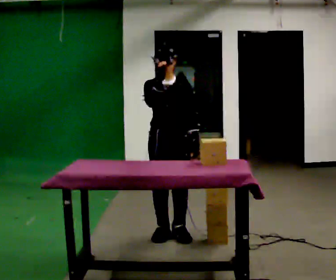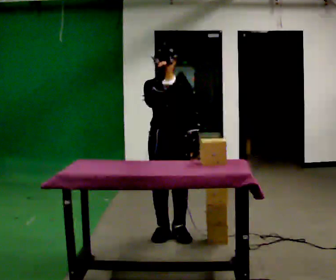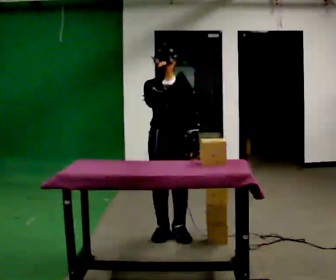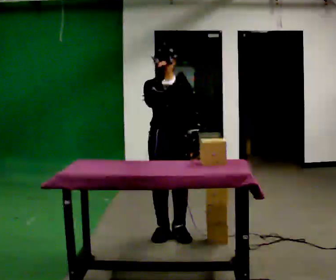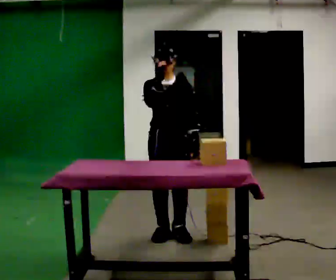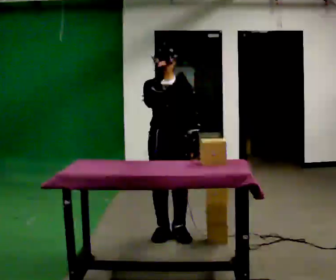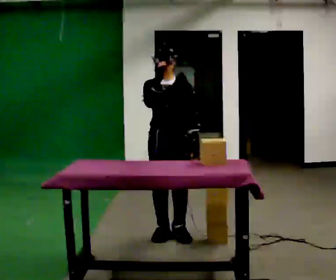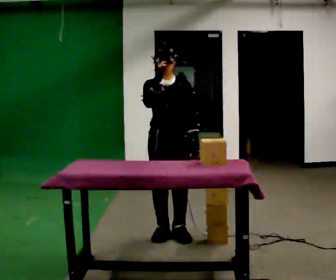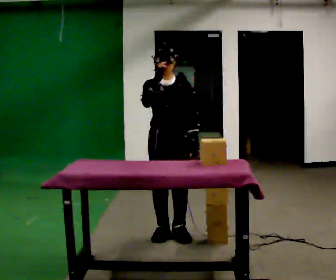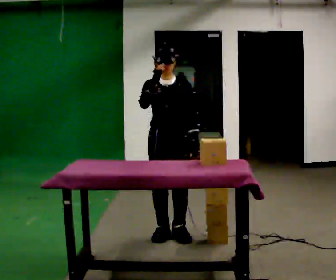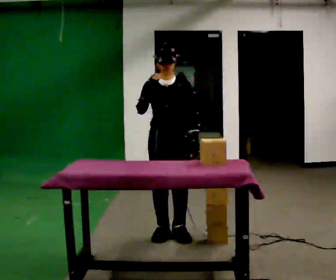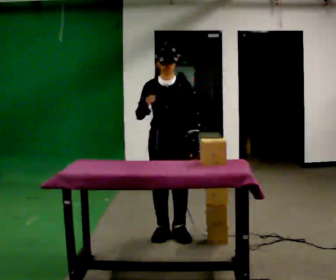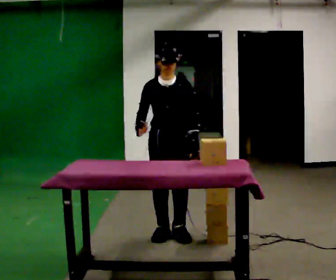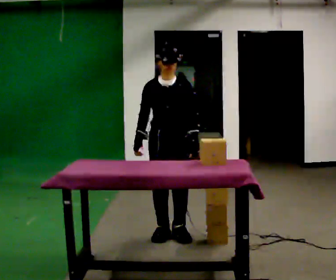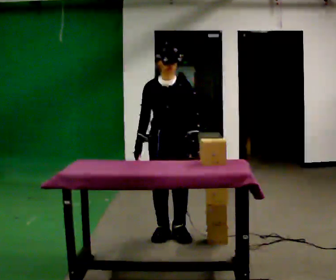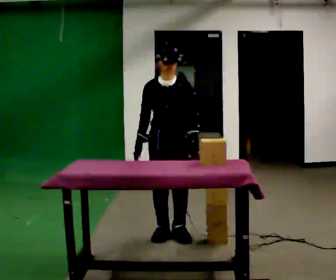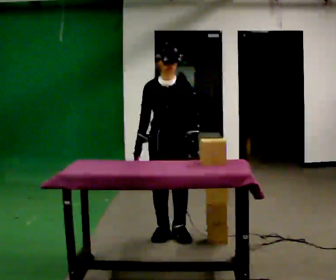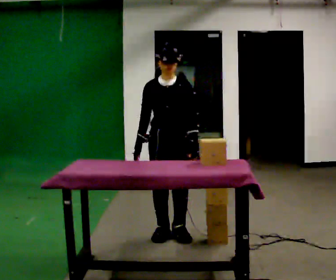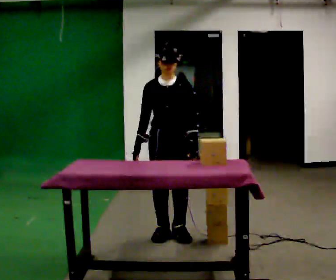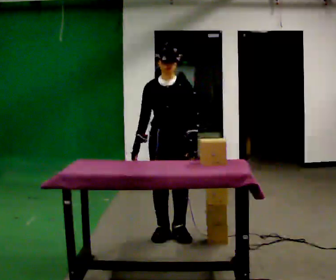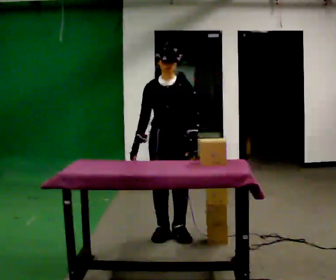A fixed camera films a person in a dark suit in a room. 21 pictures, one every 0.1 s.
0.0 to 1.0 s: The person moves a little, or ends about where they began.
1.0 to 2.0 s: In the picture their right hand goes downward.
The film runs backward here.
